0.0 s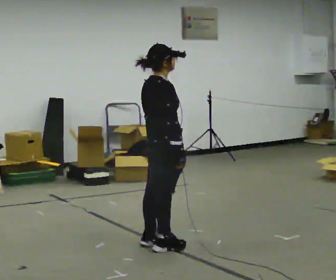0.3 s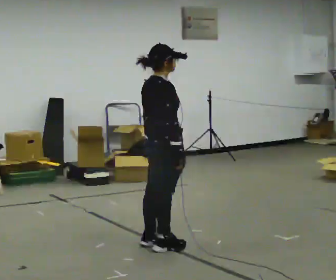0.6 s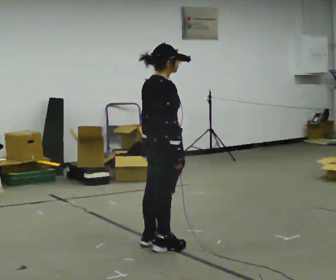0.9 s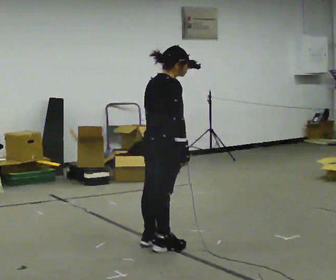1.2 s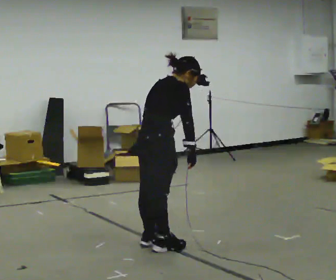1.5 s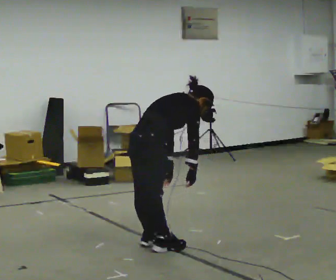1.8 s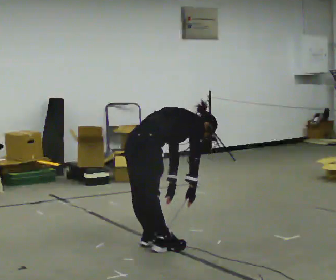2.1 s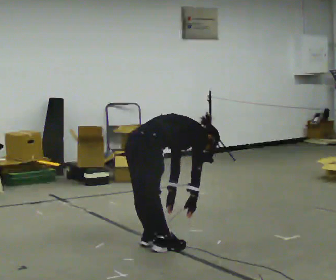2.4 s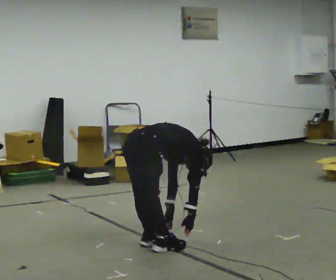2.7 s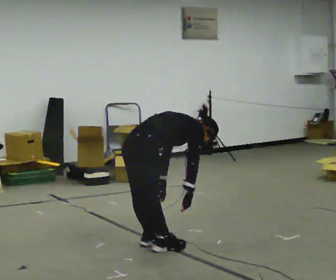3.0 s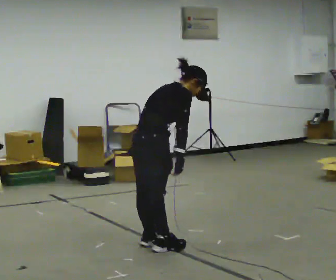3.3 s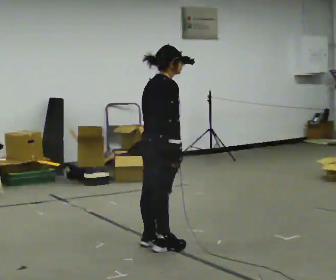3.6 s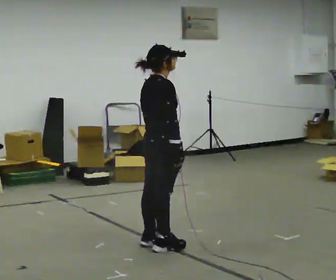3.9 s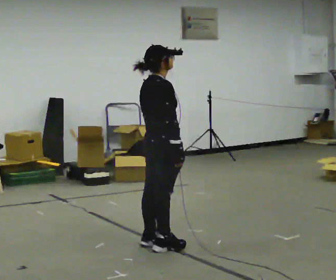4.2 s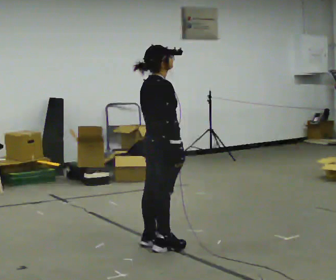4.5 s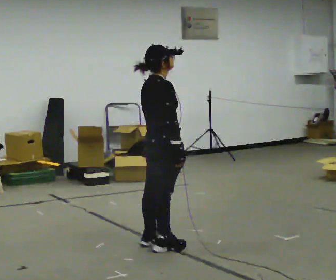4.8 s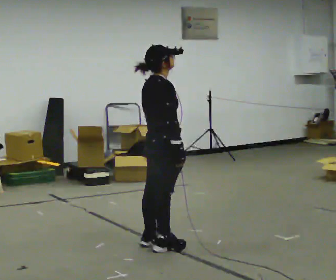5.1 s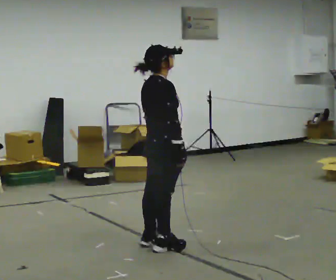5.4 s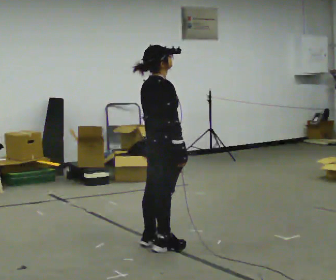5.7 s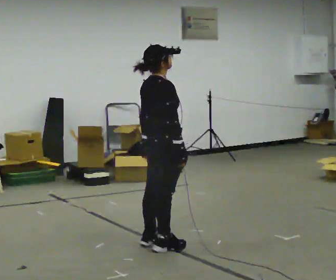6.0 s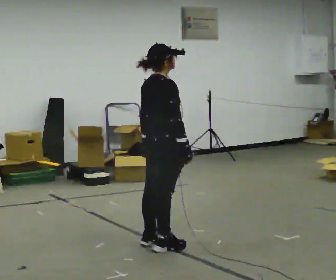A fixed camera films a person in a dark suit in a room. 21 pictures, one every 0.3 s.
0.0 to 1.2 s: In the picture the upper body tilts clockwise, shoulders to the right, as they bend forward.
1.2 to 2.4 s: The upper body goes downward. In the picture the upper body tilts clockwise, shoulders to the right, as they bend forward. In the picture their left hand goes downward.
2.4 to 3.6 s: The upper body goes upward. In the picture the upper body tilts counterclockwise, shoulders to the left, as they lean back or straighten. In the picture their left hand goes upward.
3.6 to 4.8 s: The person keeps their place and pose.
4.8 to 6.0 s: The person moves a little, or ends about where they began.
The film runs backward here.
